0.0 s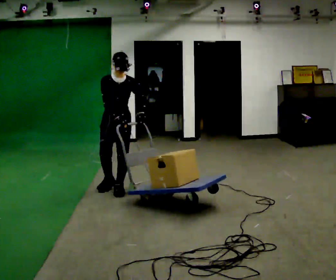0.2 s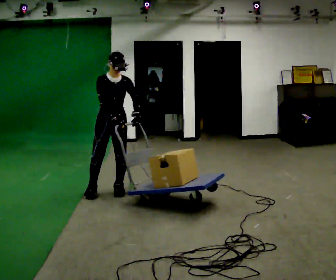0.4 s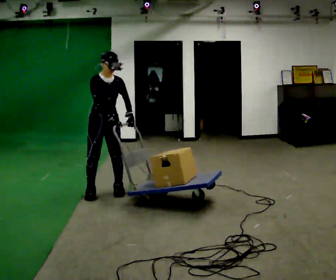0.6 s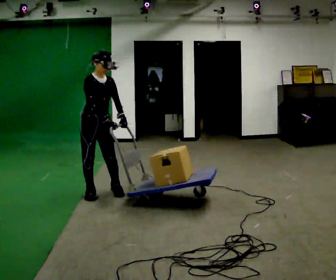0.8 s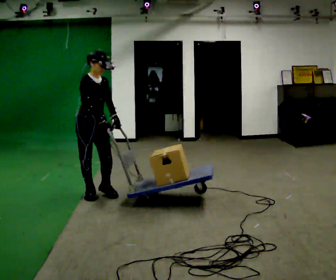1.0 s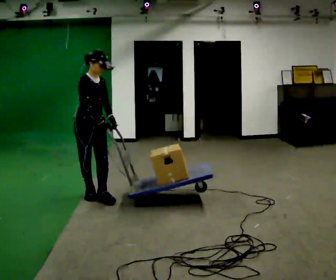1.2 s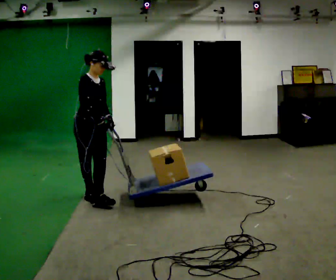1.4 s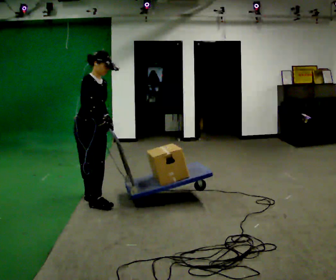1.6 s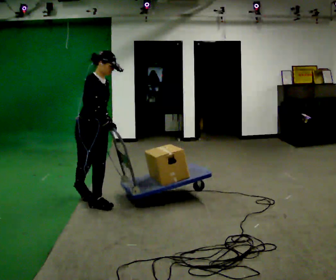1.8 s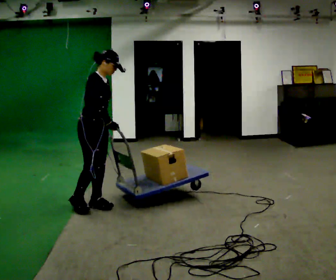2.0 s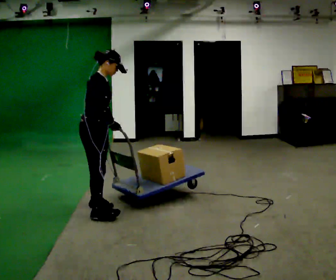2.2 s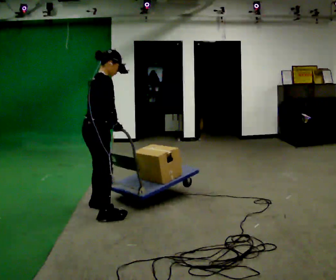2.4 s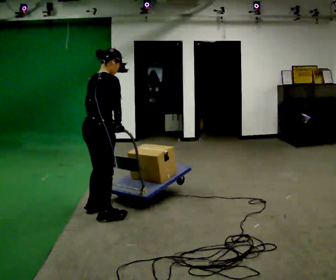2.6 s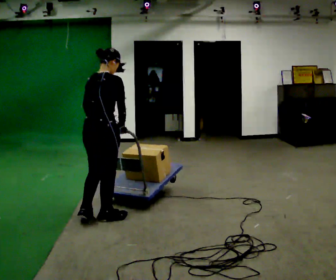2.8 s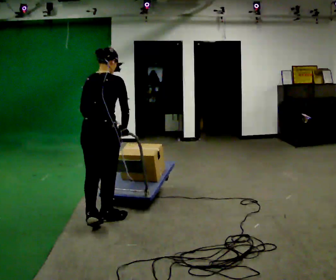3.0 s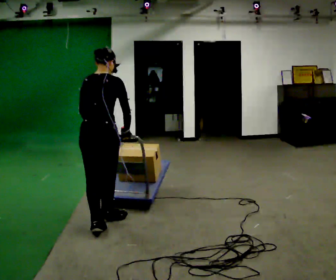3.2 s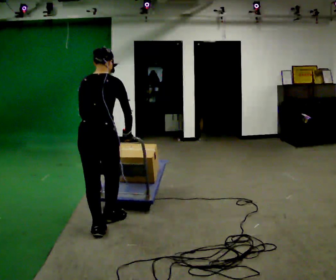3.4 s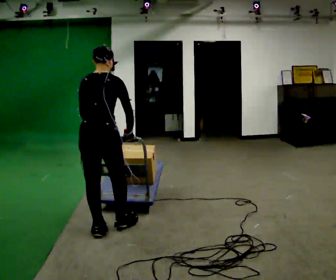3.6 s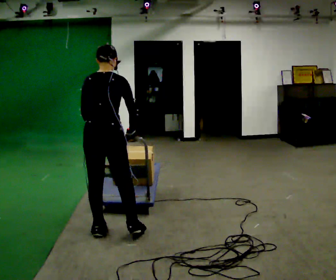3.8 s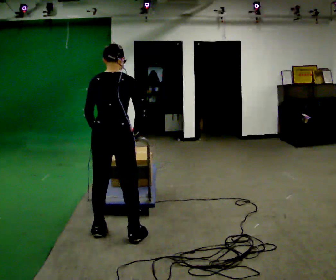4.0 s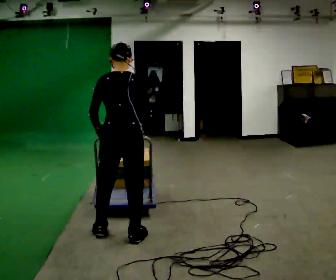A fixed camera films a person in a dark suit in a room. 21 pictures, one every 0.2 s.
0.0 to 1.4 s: The person turns about 45 degrees to their left, counterclockwise seen from above, so the part of the body nearest the lens slides to the right. In the picture they go toward the camera and to the left, about 0.5 m in 2 steps, which for them is to their right.
1.4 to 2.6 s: Seen from above the body turns counterclockwise, about 105 degrees: to their left, with its near side sliding to the right. In the picture they go toward the camera, about 0.5 m in 1 step.
2.6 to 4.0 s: Seen from above the body turns counterclockwise, about 30 degrees: to their left, with its near side sliding to the right. In the picture they go toward the camera and to the right, about 0.5 m in 2 steps, which for them is backward and to their right.
The film runs forward here.
